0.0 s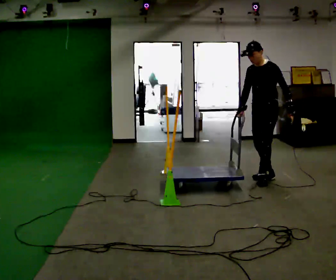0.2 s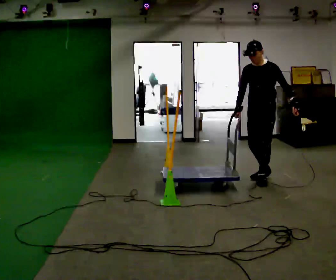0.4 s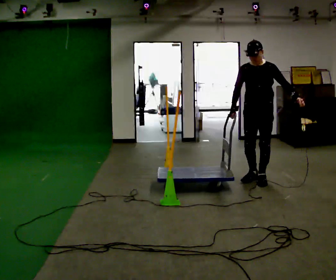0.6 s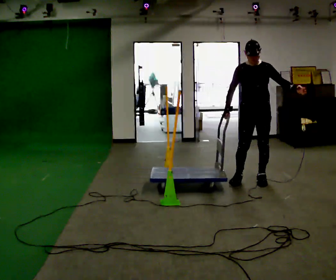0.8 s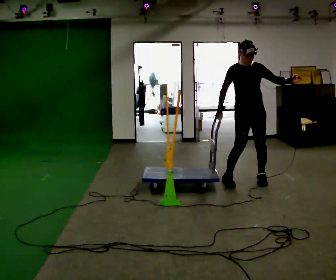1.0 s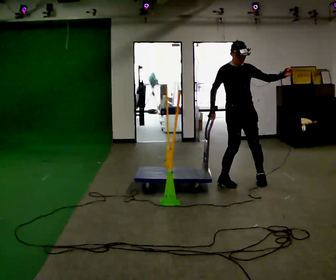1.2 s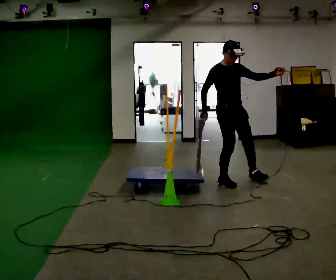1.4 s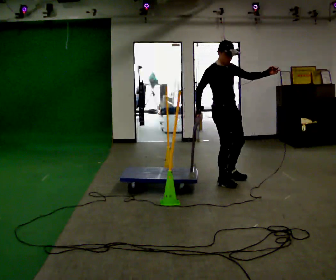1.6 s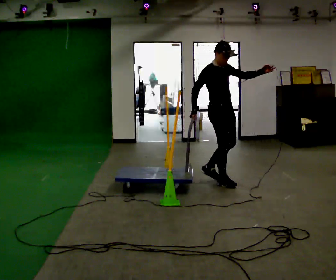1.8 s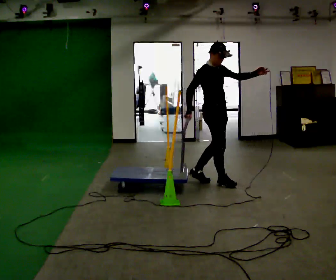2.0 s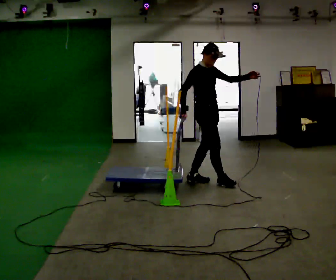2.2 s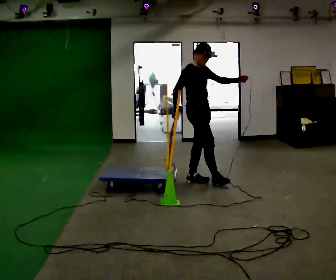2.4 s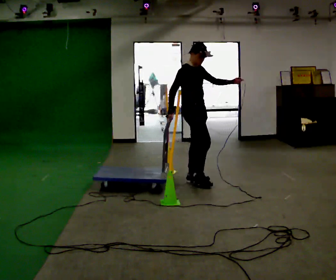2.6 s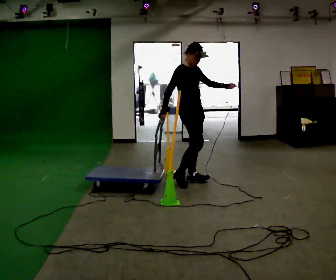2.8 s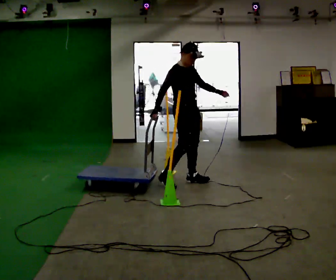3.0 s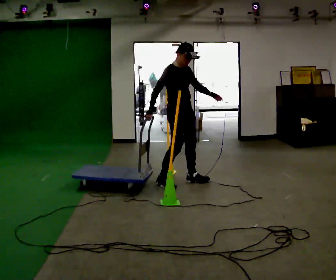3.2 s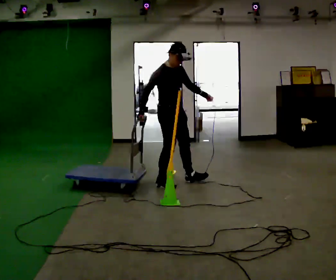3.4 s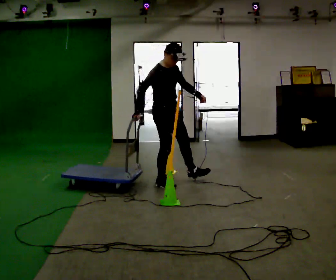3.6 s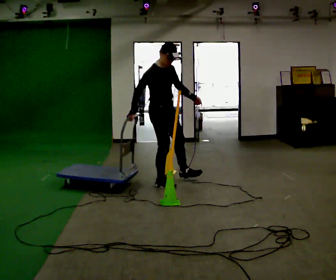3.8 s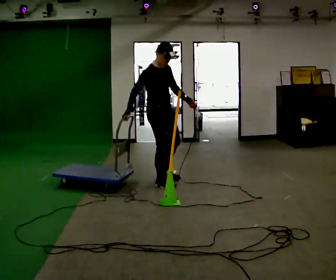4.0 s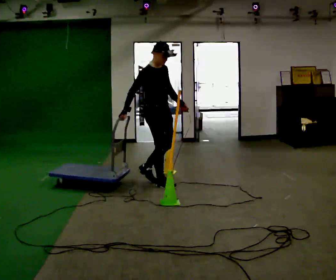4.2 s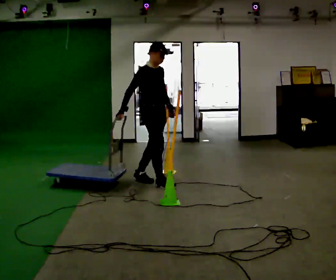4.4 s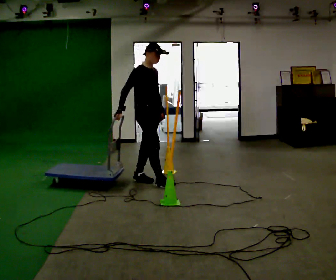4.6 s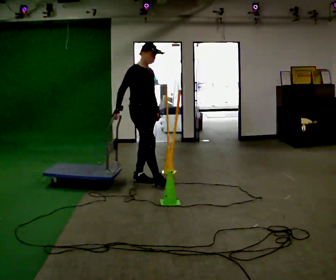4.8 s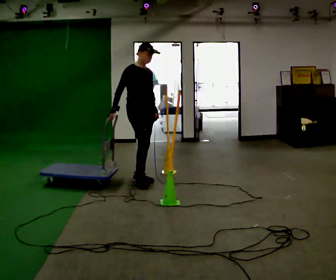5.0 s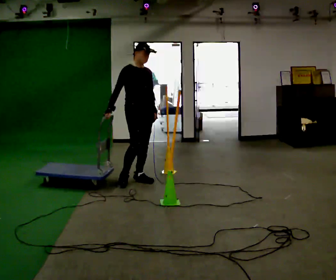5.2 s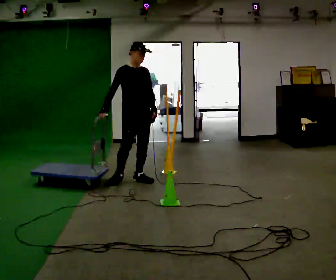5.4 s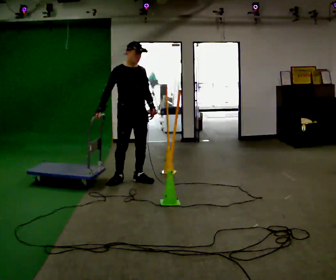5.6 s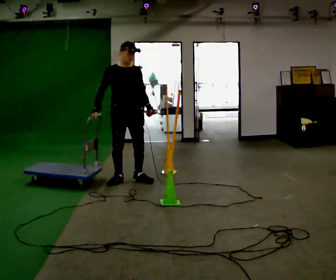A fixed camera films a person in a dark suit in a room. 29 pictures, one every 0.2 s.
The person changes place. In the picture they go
to the left.
0.0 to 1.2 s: Seen from above the body turns counterclockwise, about 90 degrees: to their left, with its near side sliding to the right. In the picture they go to the left, about 0.5 m in 2 steps. In the picture their left hand goes upward, the arm swinging counterclockwise.
1.2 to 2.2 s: Seen from above the body turns counterclockwise, about 30 degrees: to their left, with its near side sliding to the right. In the picture they go to the left, about 0.5 m in 1 step, which for them is backward.
2.2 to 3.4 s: In the picture they go to the left, about 0.5 m, which for them is to their right and backward.
3.4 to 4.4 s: In the picture they go to the left, about 0.25 m in 1 step, which for them is backward. In the picture their left hand goes to the left.
4.4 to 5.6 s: The part of the body nearest the lens slides to the left as the person turns to their right by about 45 degrees. In the picture they go to the left, about 0.25 m in 1 step, which for them is backward and to their right.
The film runs backward here.
